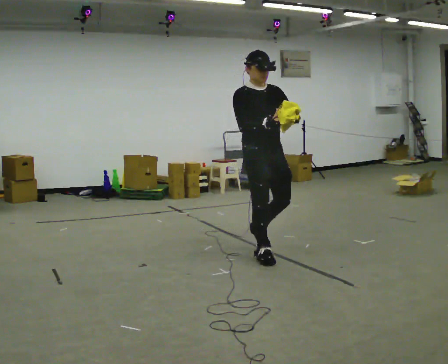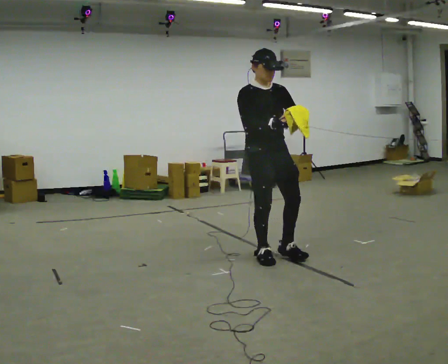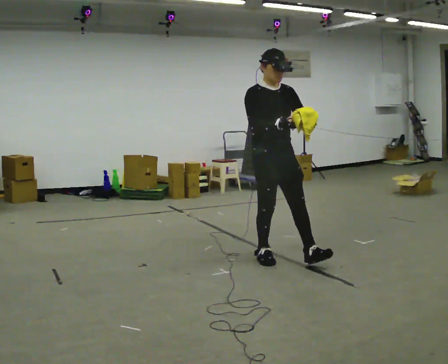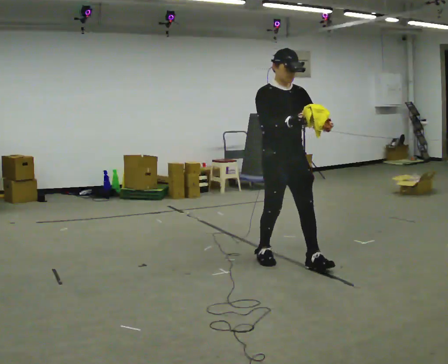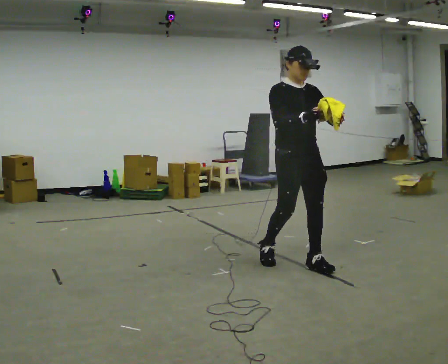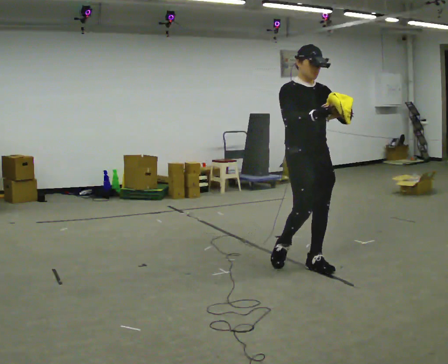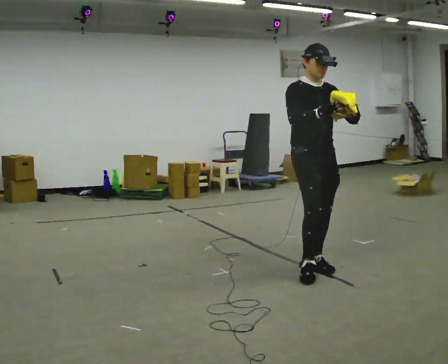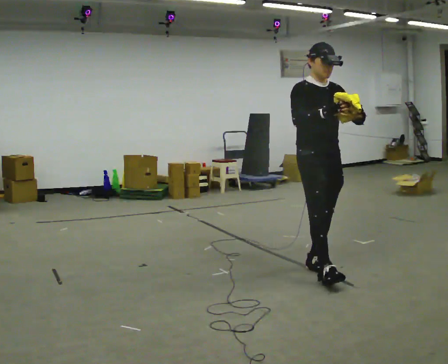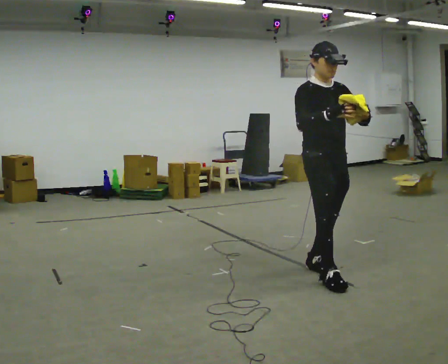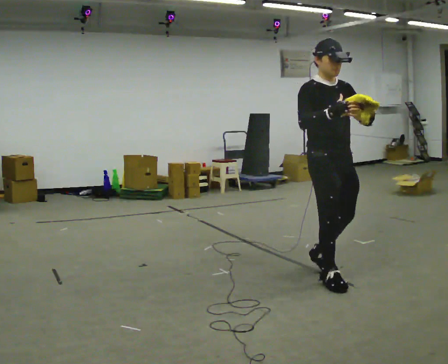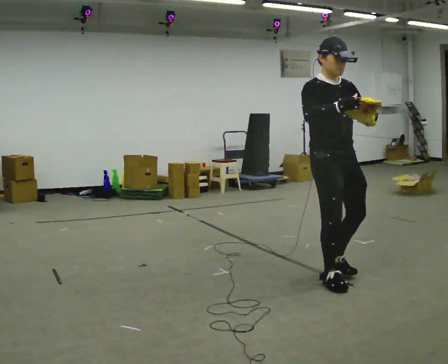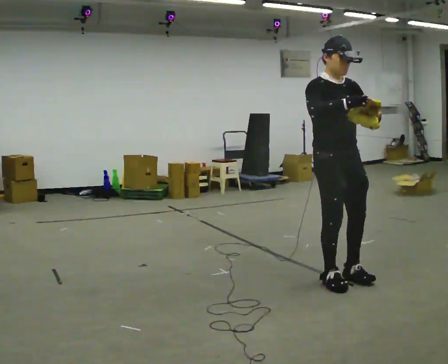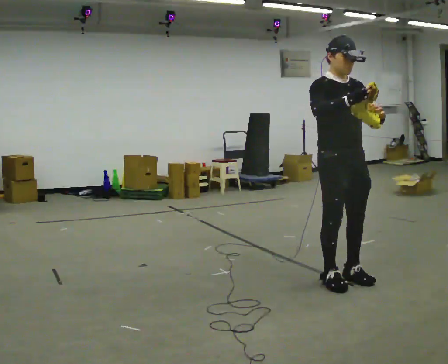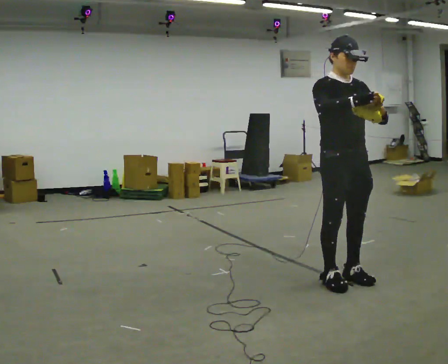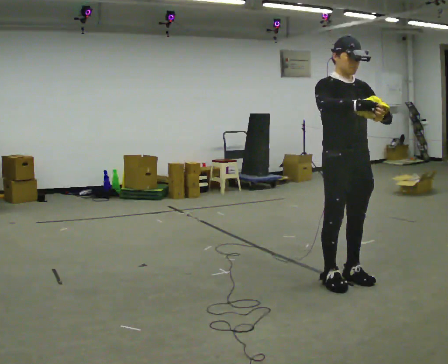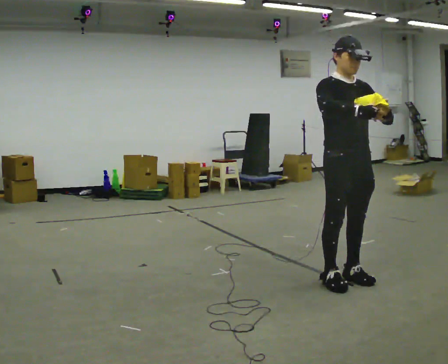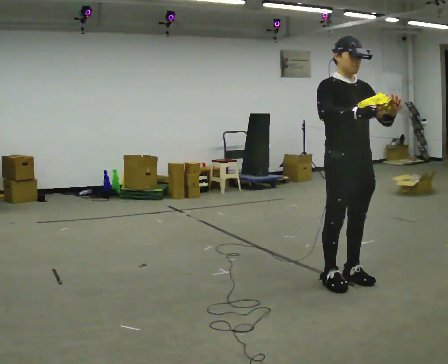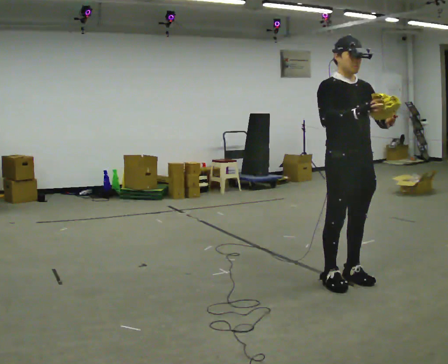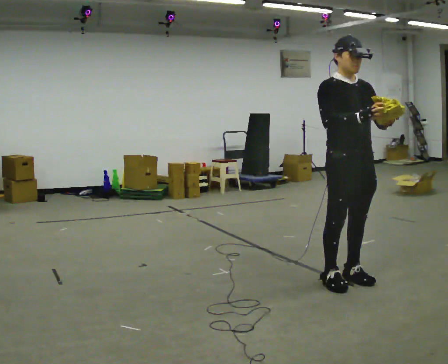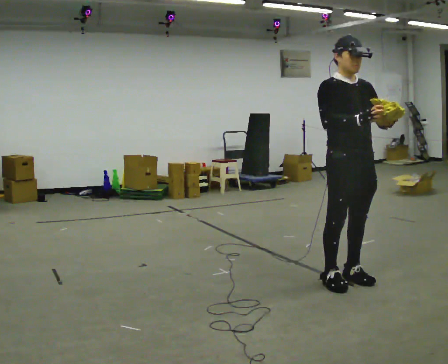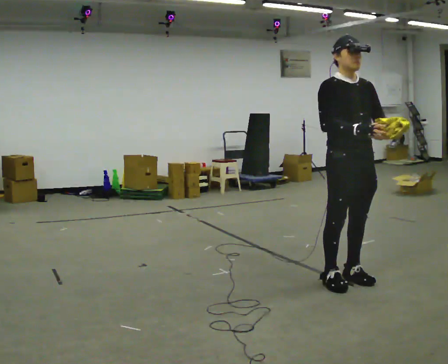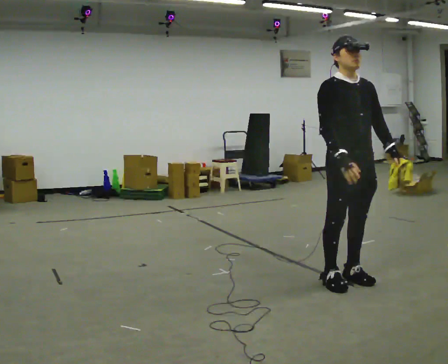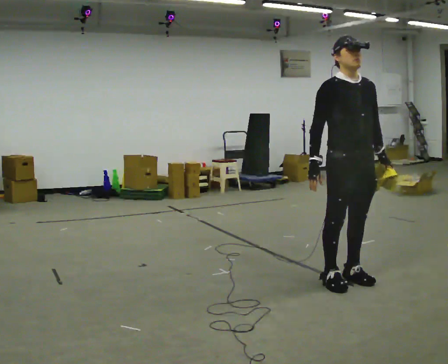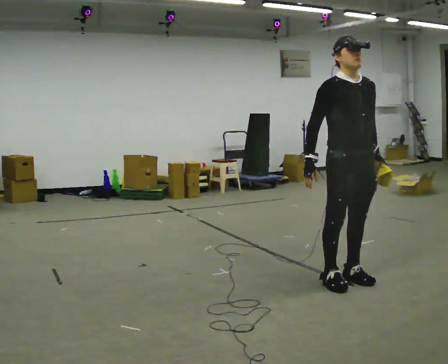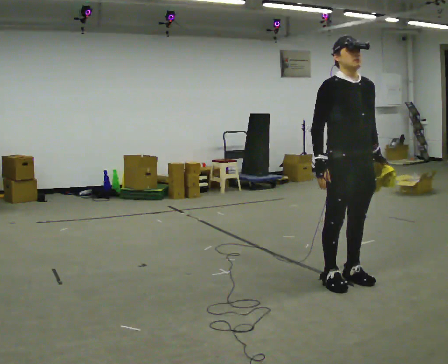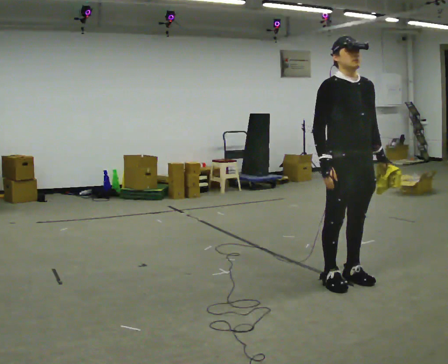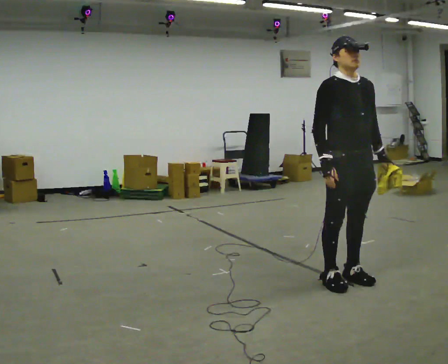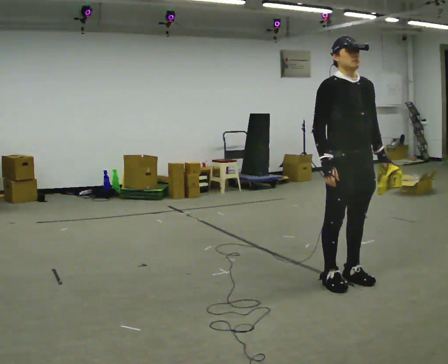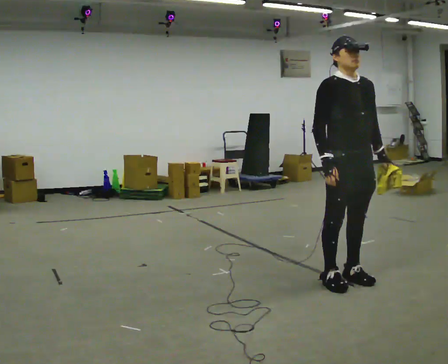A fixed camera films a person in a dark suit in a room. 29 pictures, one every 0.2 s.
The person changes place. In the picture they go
to the right.
0.0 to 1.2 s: In the picture they go to the right and toward the camera, about 0.5 m in 1 step, which for them is forward.
1.2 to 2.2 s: In the picture they go toward the camera and to the right, about 0.25 m in 2 steps, which for them is forward.
2.2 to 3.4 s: The person moves a little, or ends about where they began.
3.4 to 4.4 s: In the picture their right hand goes to the left and downward.
4.4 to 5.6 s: The person moves a little, or ends about where they began.
The film runs forward here.
